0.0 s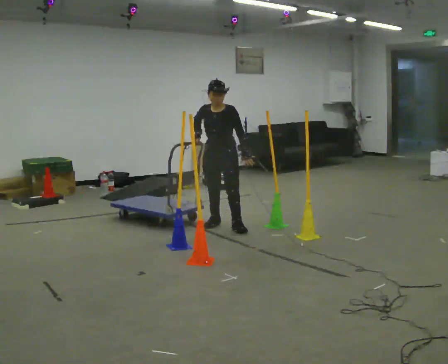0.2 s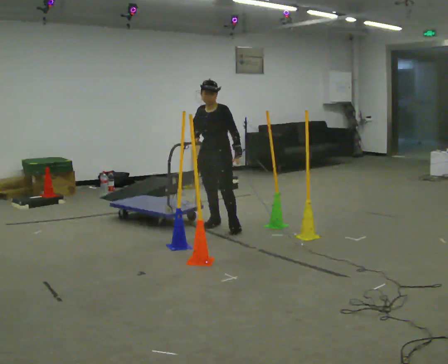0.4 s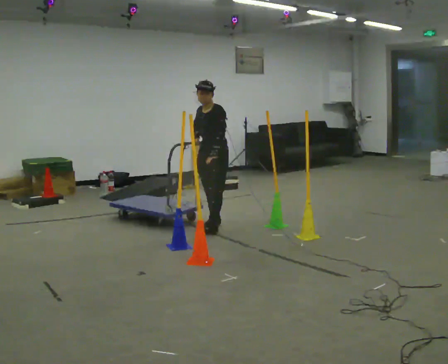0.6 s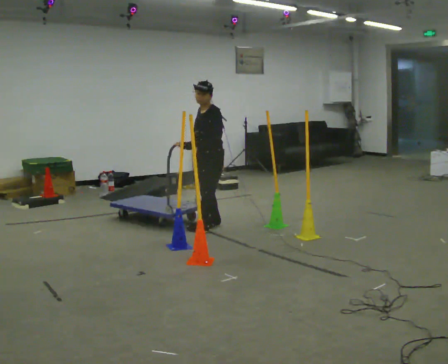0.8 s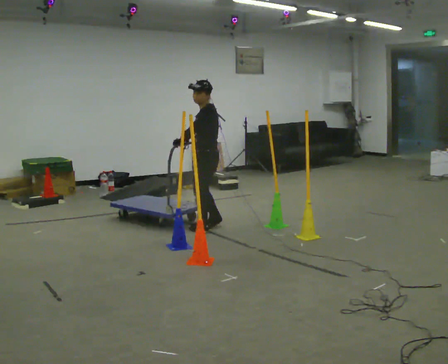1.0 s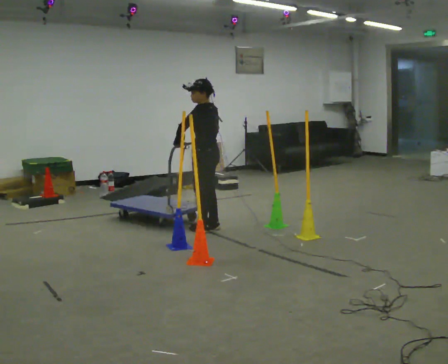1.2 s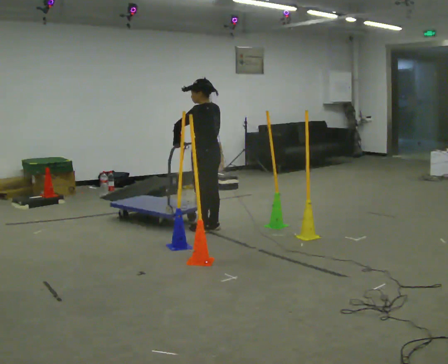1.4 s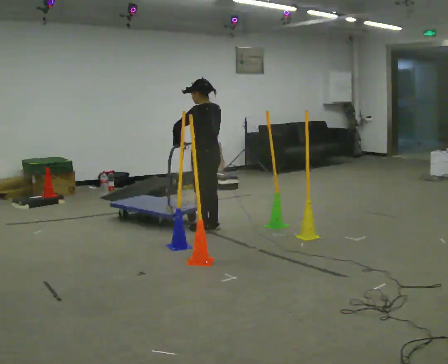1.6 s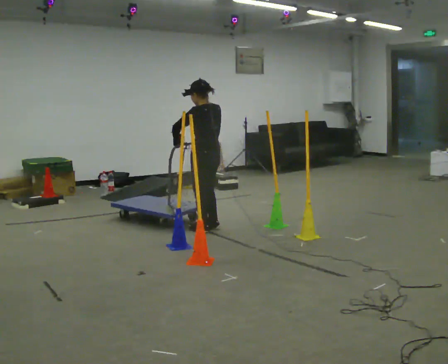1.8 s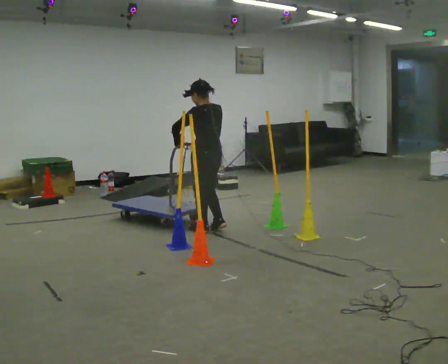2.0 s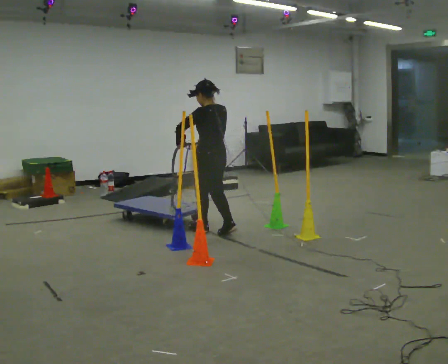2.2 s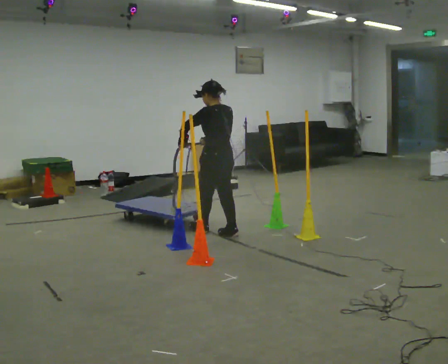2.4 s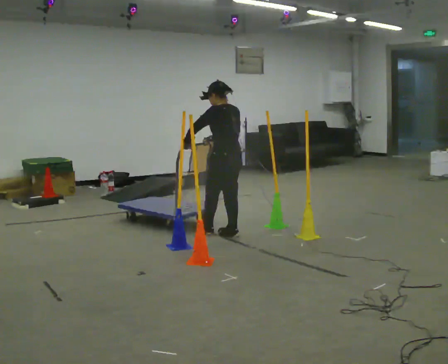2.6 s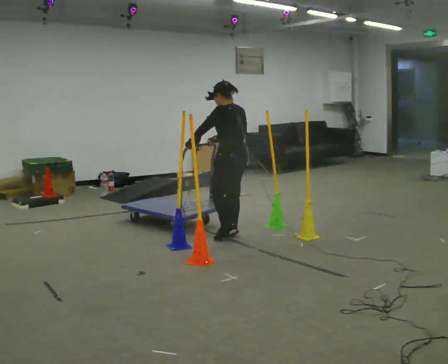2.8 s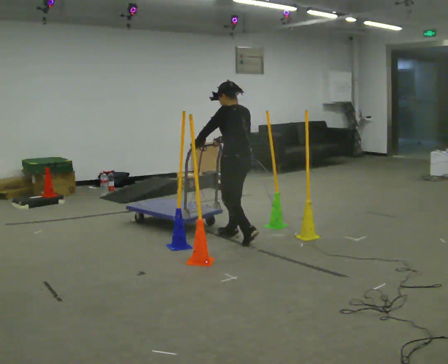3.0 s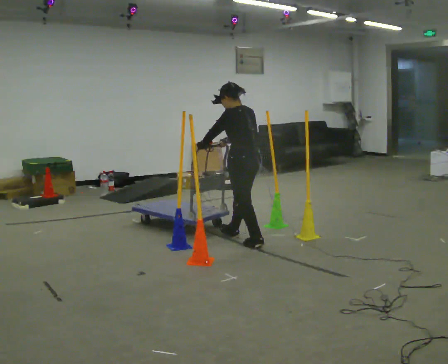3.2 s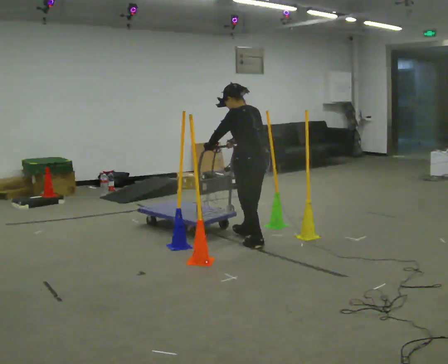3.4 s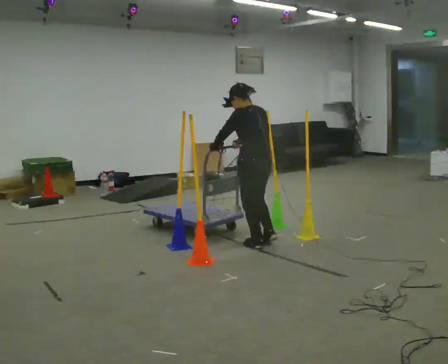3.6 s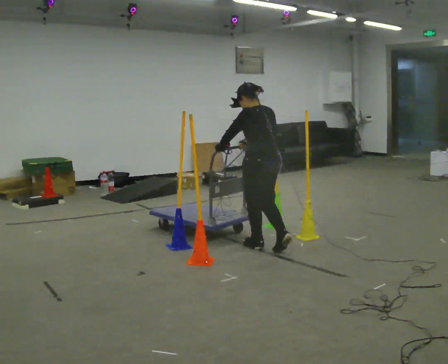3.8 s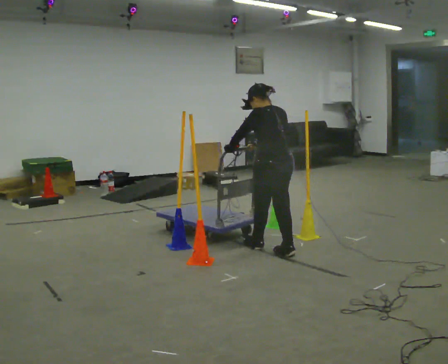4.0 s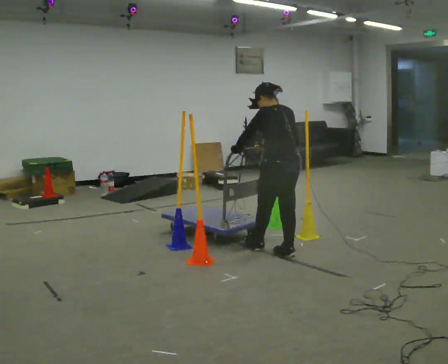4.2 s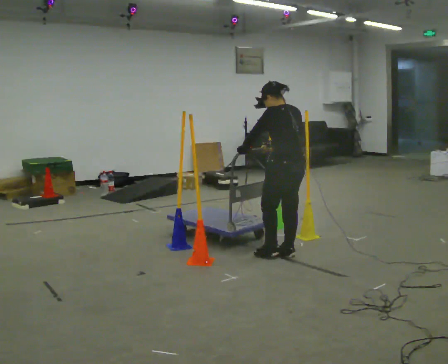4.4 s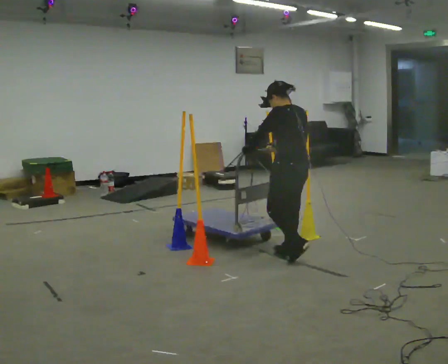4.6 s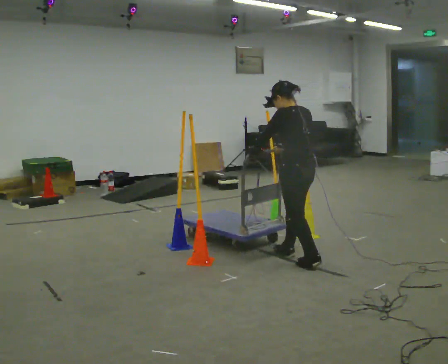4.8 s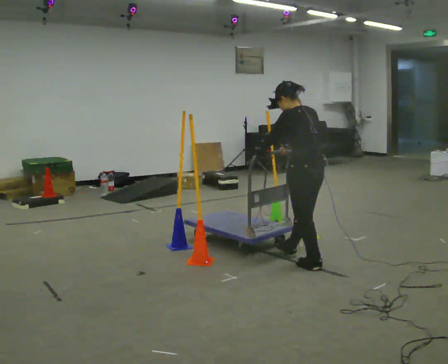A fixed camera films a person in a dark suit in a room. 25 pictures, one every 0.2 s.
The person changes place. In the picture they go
toward the camera.
The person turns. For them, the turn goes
to their right.
0.0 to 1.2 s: The person turns about 105 degrees to their right, clockwise seen from above, so the part of the body nearest the lens slides to the left. In the picture their left hand goes to the left, the arm swinging clockwise.
1.2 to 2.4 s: In the picture they go to the right and toward the camera, about 0.25 m in 2 steps, which for them is backward.
2.4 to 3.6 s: In the picture they go toward the camera and to the right, about 0.5 m in 1 step, which for them is backward.
3.6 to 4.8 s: In the picture they go toward the camera and to the right, about 0.5 m in 2 steps, which for them is backward.
The film runs backward here.
